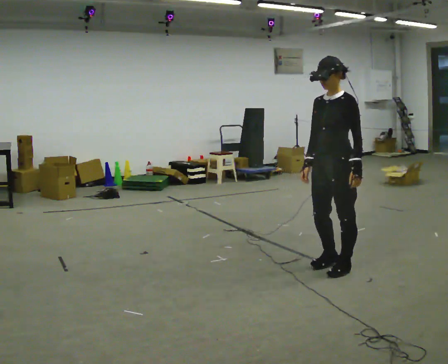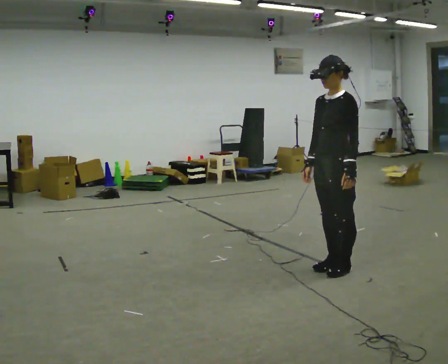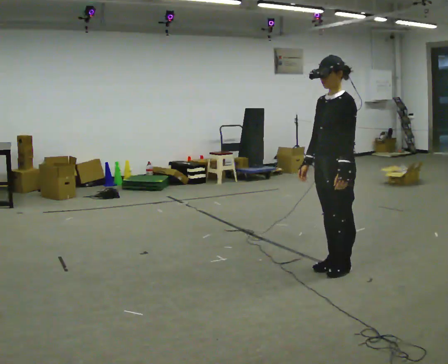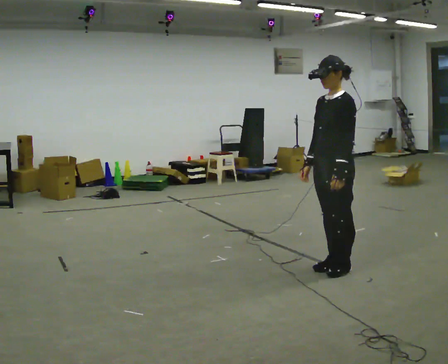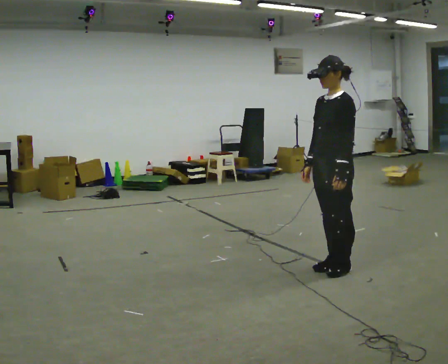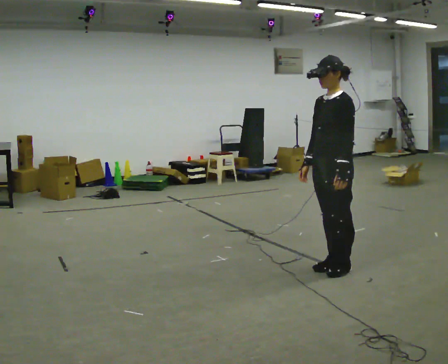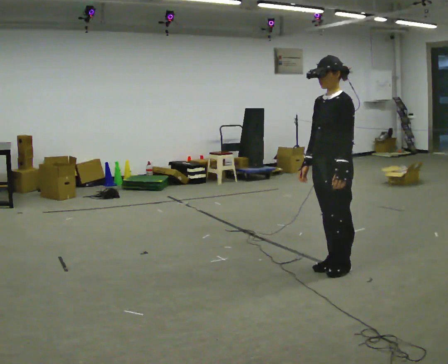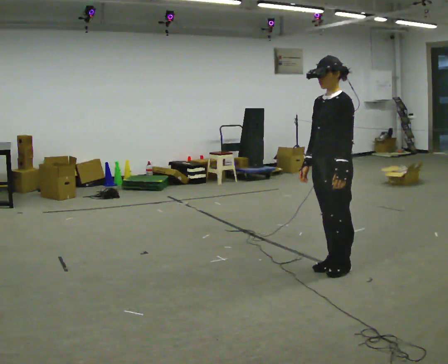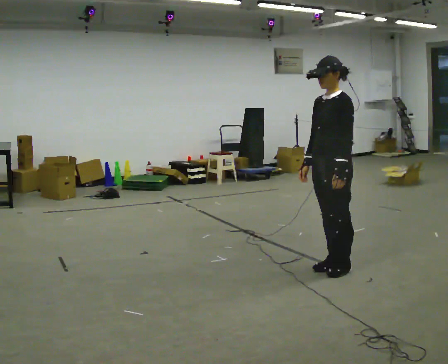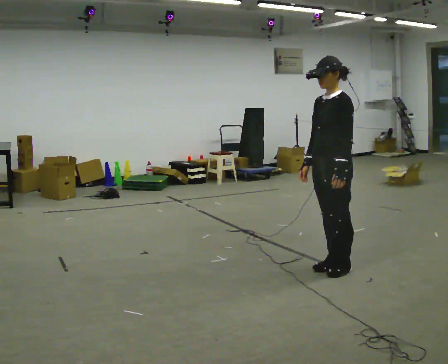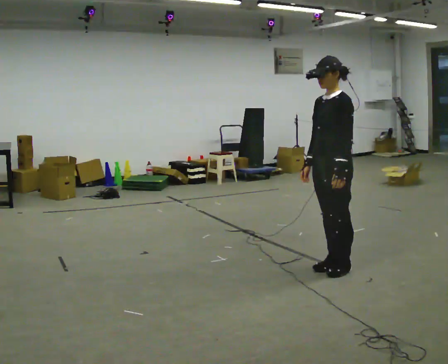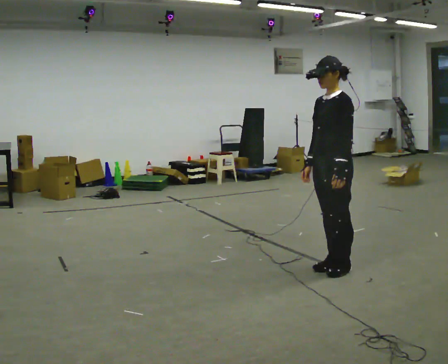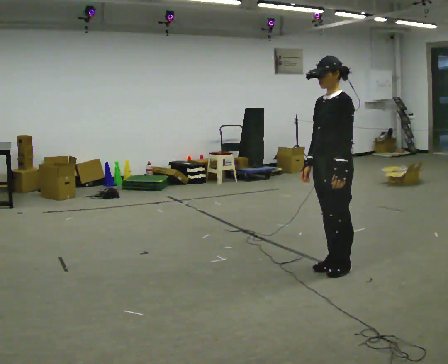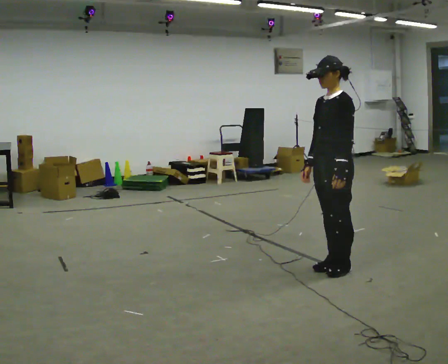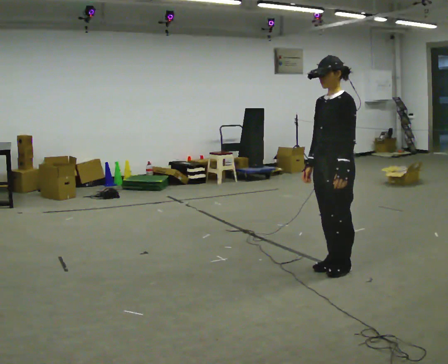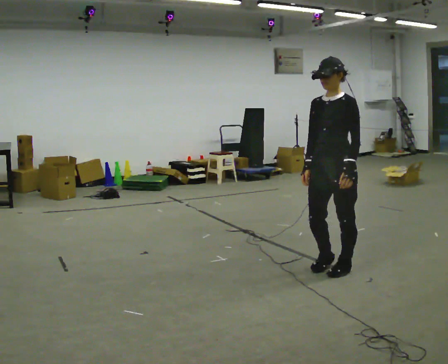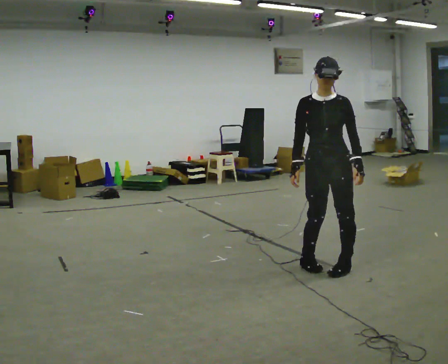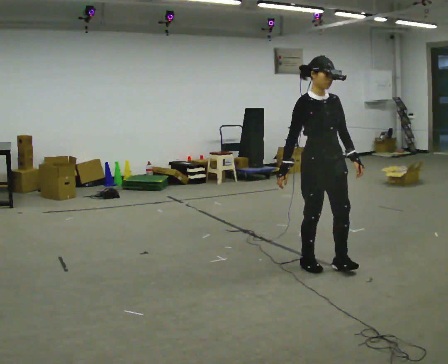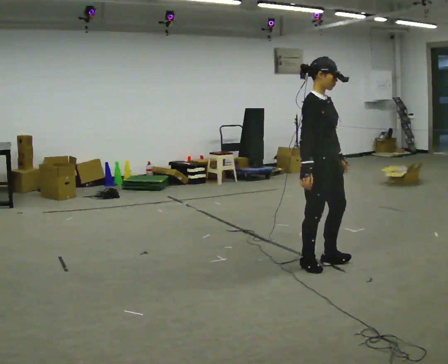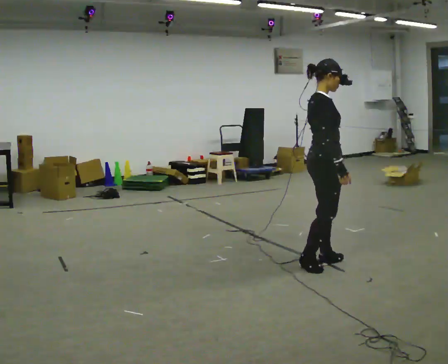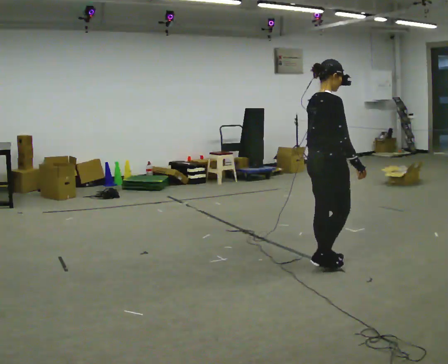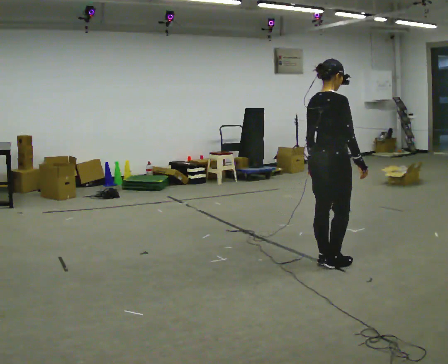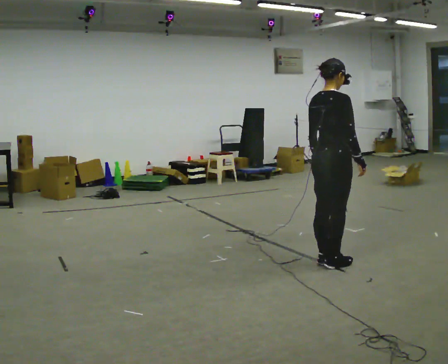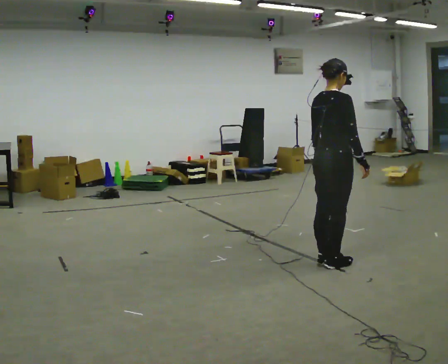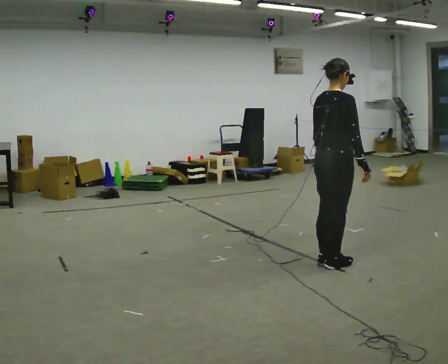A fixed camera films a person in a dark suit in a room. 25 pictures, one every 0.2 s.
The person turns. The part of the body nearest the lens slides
to the right.
The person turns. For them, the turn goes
to their left.
0.0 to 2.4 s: The person moves a little, or ends about where they began.
2.4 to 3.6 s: Seen from above the body turns counterclockwise, about 135 degrees: to their left, with its near side sliding to the right.
3.6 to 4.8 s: Seen from above the body turns counterclockwise, about 60 degrees: to their left, with its near side sliding to the right. In the picture their right hand goes to the right.
The film runs forward here.
